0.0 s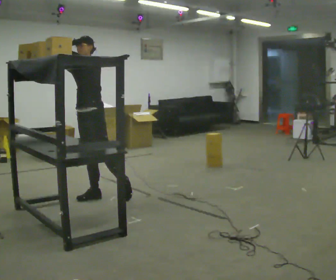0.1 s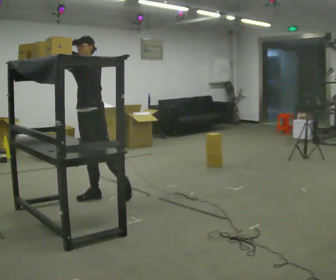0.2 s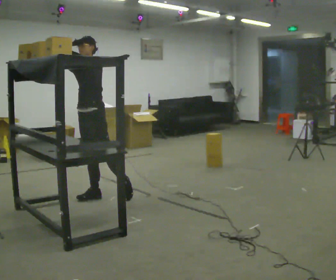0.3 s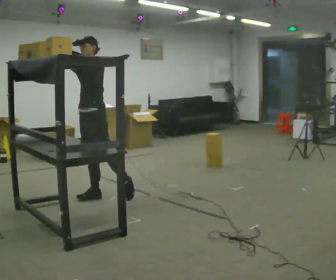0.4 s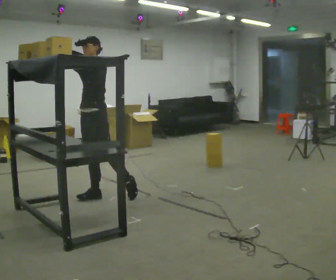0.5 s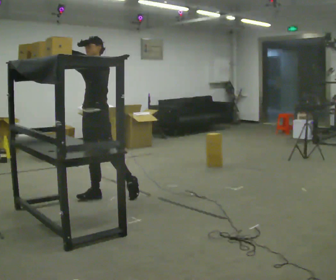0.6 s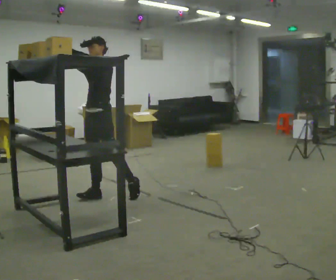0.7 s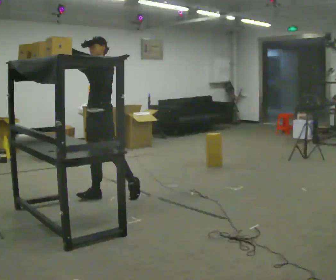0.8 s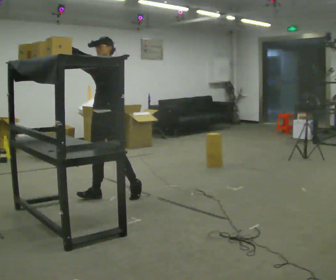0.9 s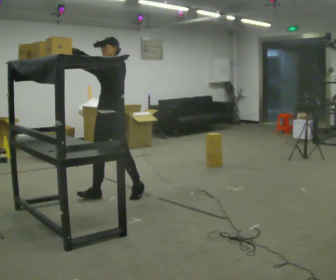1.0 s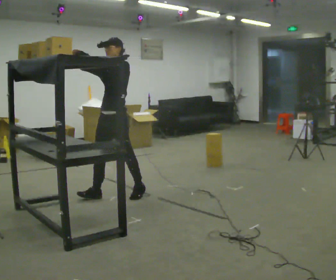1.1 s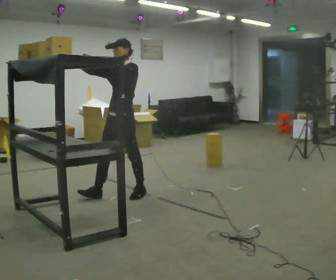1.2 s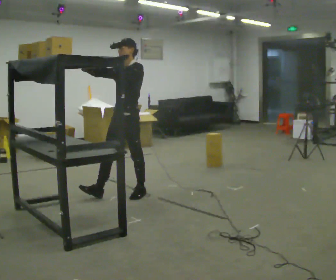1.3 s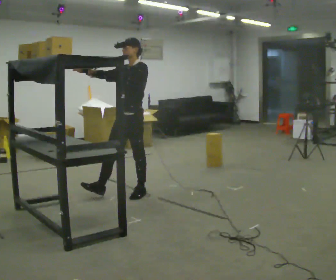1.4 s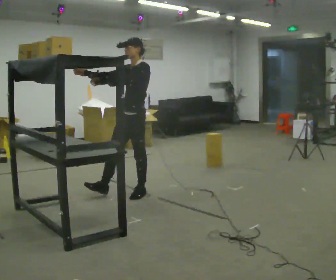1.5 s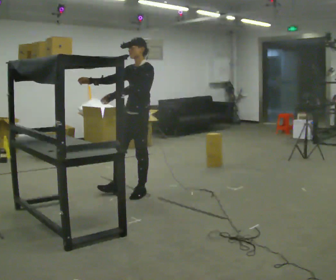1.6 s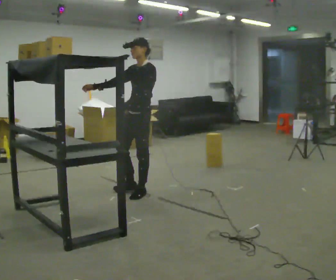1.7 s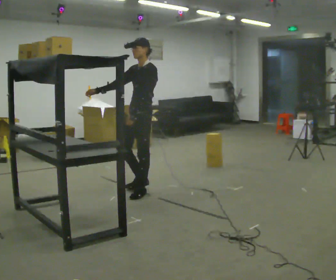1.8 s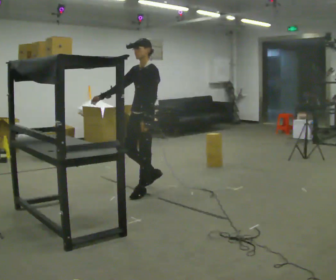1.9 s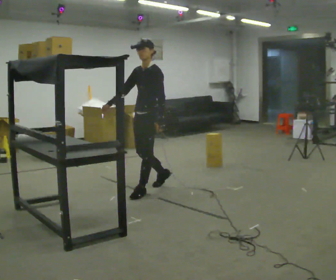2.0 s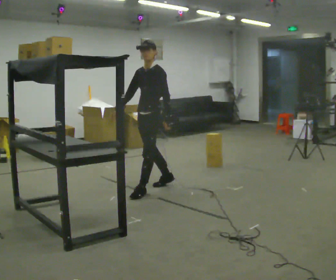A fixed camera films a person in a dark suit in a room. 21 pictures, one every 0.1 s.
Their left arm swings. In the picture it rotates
counterclockwise.
Their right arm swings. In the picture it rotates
counterclockwise.
0.0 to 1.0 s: In the picture they go to the right, about 0.25 m, which for them is backward and to their left.
1.0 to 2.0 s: In the picture they go to the right and away from the camera, about 0.5 m in 1 step, which for them is backward. In the picture their left hand goes downward, the arm swinging counterclockwise.
The film runs backward here.
